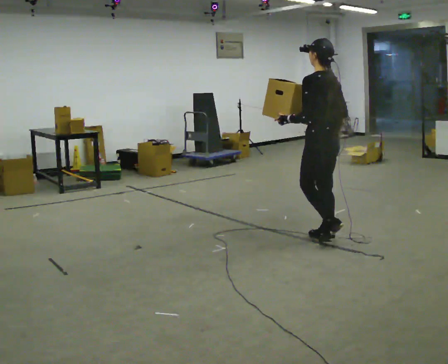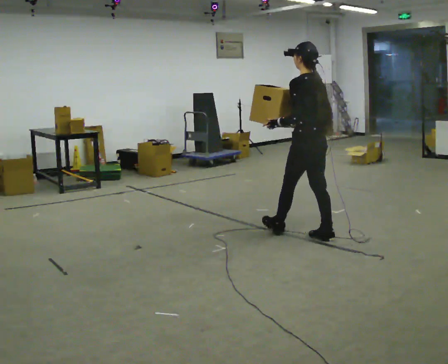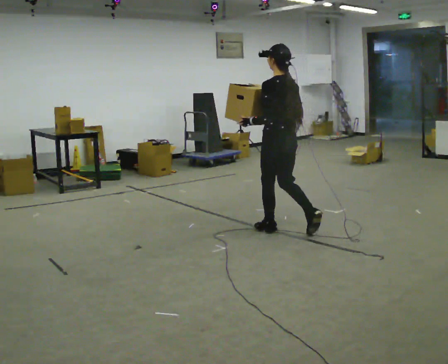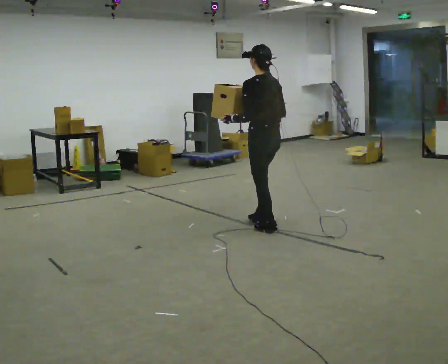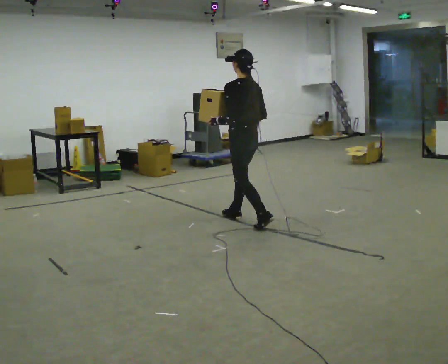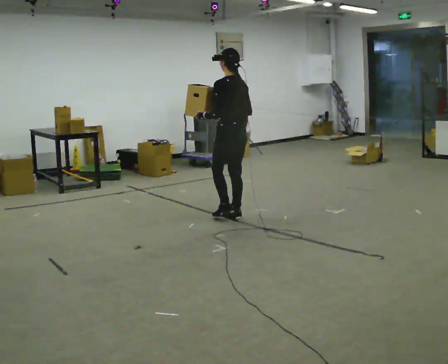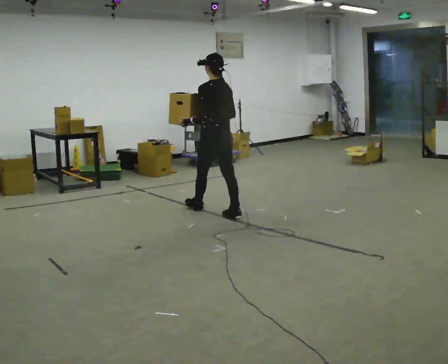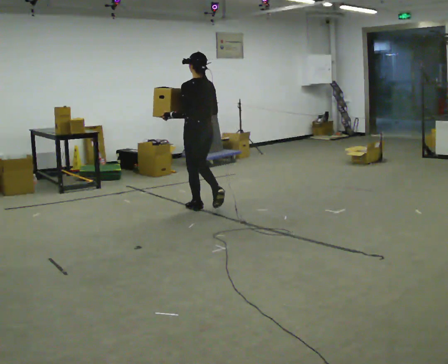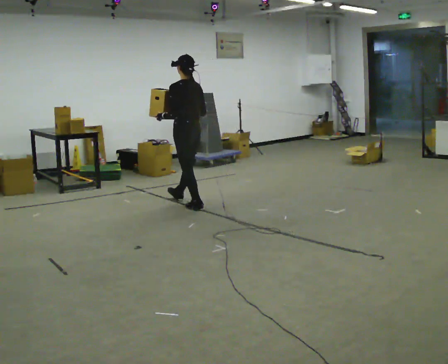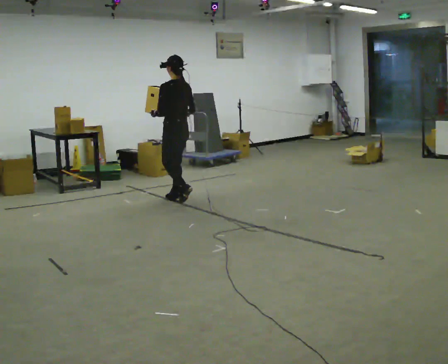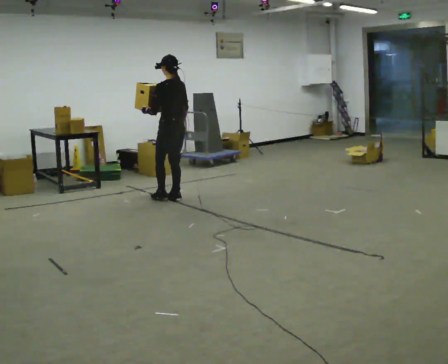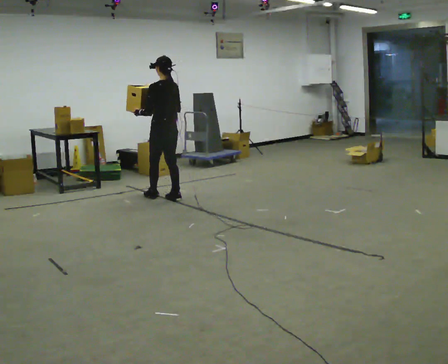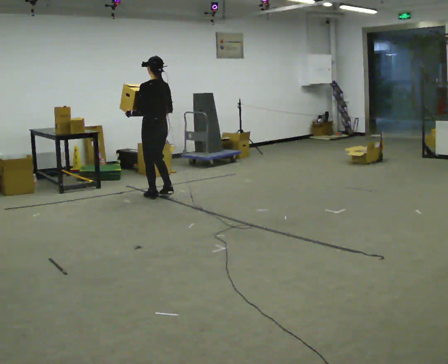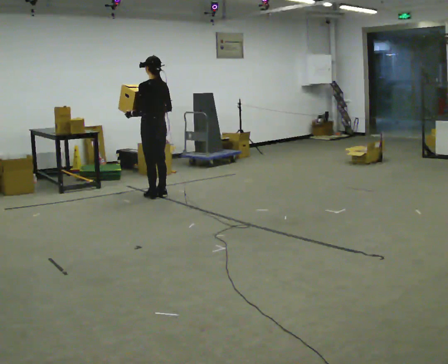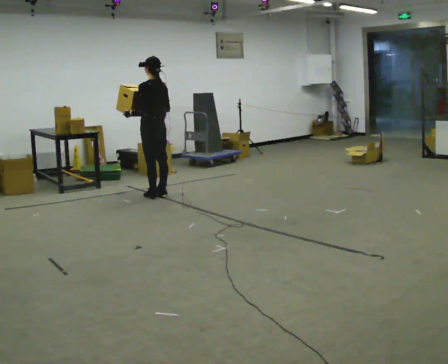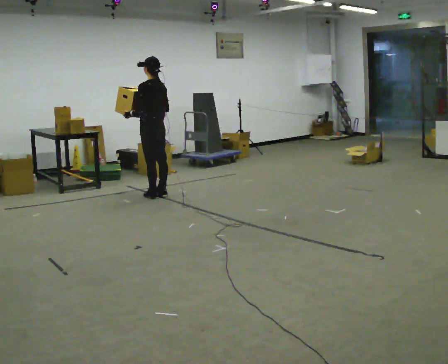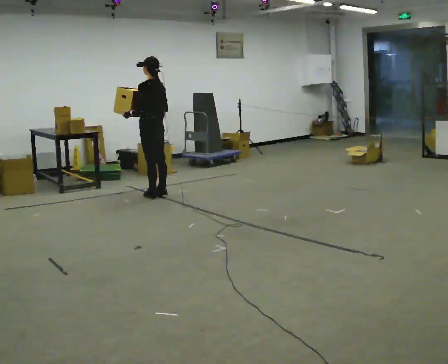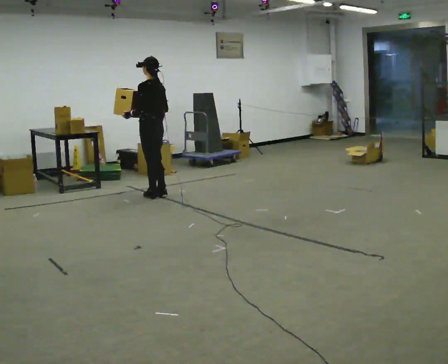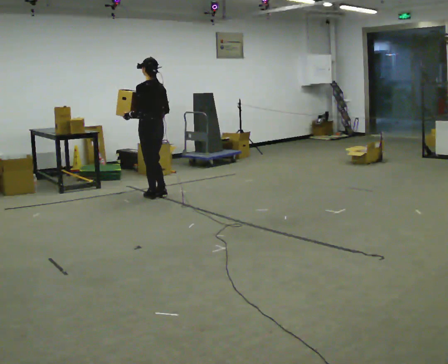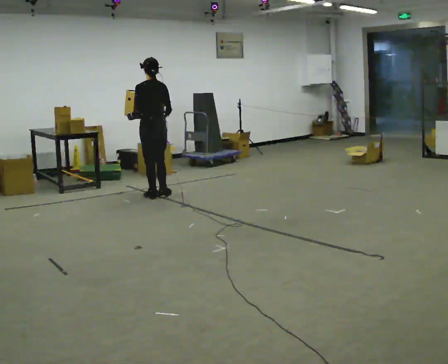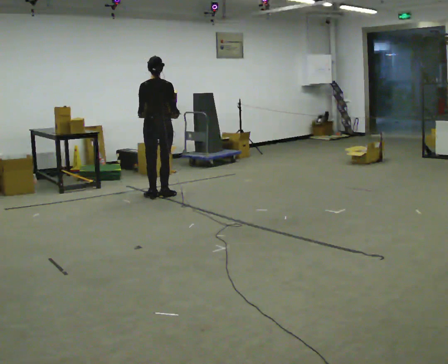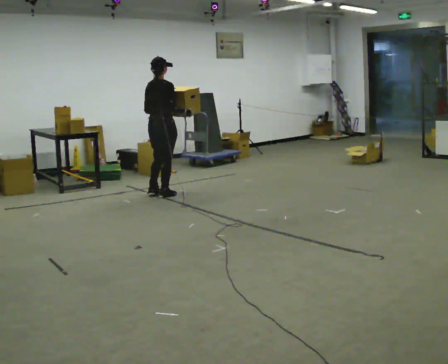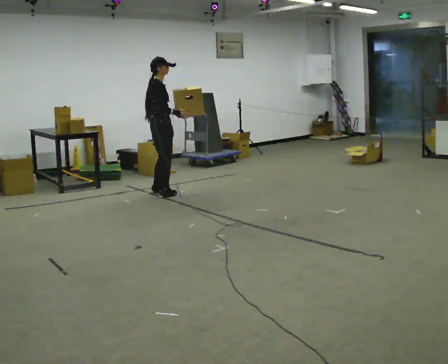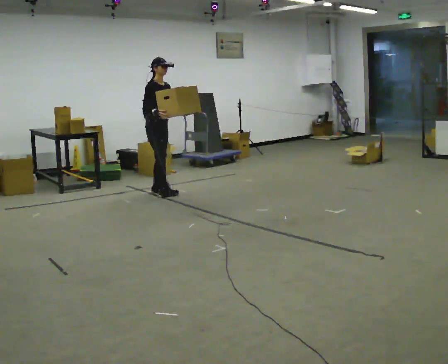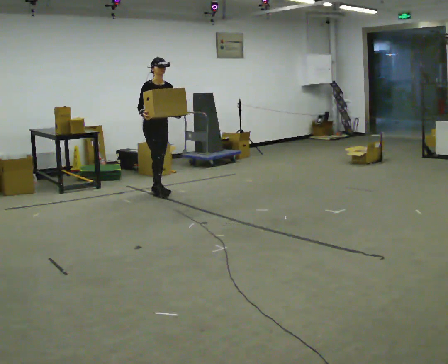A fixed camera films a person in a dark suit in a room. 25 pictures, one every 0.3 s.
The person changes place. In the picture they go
away from the camera.
0.0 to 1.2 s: In the picture they go away from the camera and to the left, about 1 m in 2 steps, which for them is forward.
1.2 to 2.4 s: In the picture they go away from the camera and to the left, about 1 m in 1 step, which for them is forward.
2.4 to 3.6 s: In the picture they go away from the camera and to the left, about 0.5 m in 2 steps, which for them is forward.
3.6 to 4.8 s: The person moves a little, or ends about where they began.
4.8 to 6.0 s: The person turns about 60 degrees to their right, clockwise seen from above, so the part of the body nearest the lens slides to the left.
6.0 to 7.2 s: The person turns about 150 degrees to their right, clockwise seen from above, so the part of the body nearest the lens slides to the left. In the picture they go away from the camera, about 0.25 m in 1 step. In the picture their right hand goes to the left, the arm swinging clockwise.
The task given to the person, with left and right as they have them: Carry the box across the room, back and forth. The operator will swap between the box with handles and the one without.
The film runs forward here.
